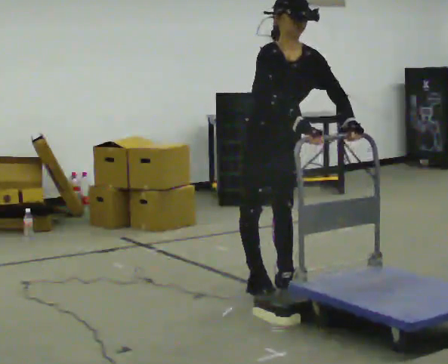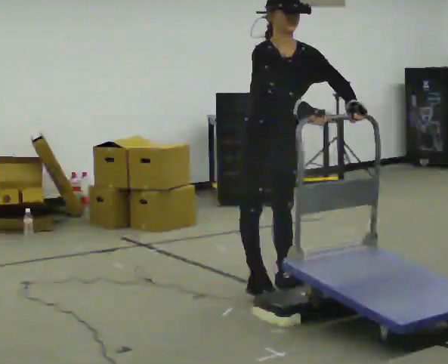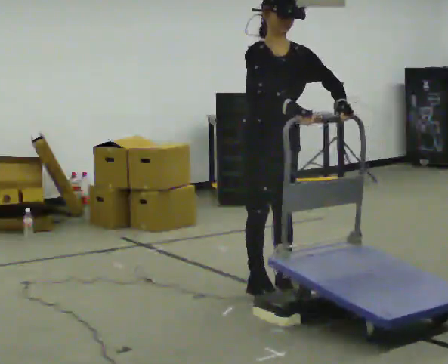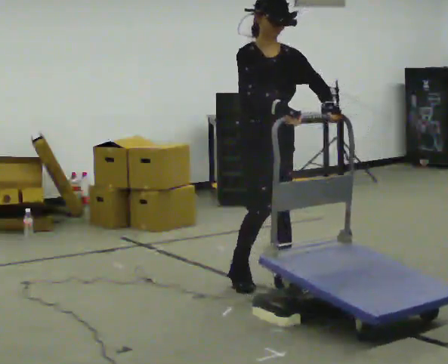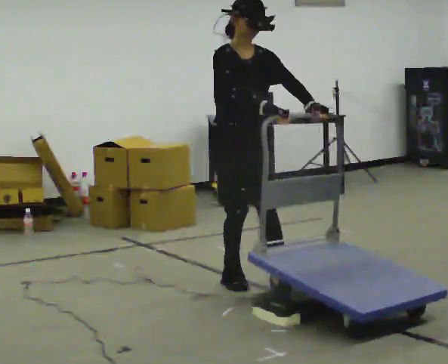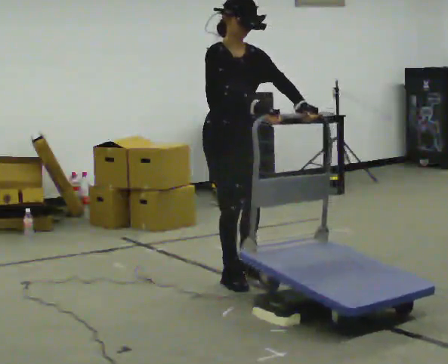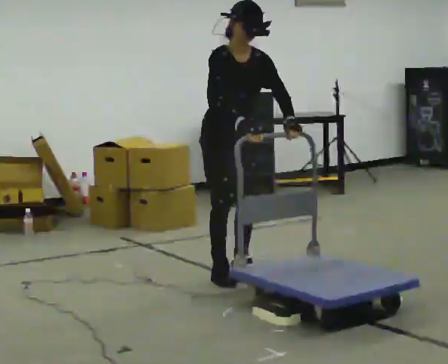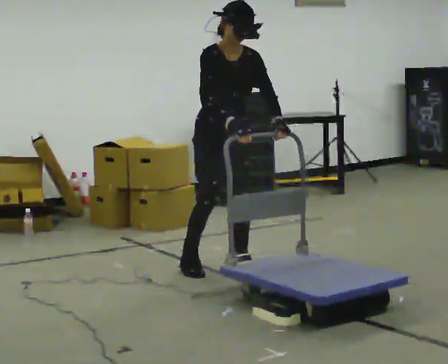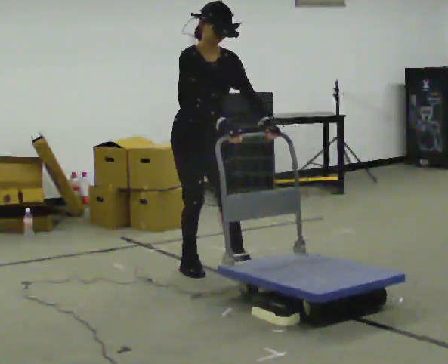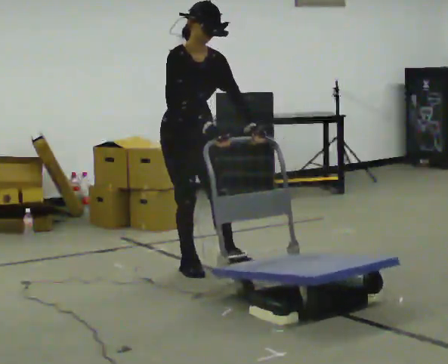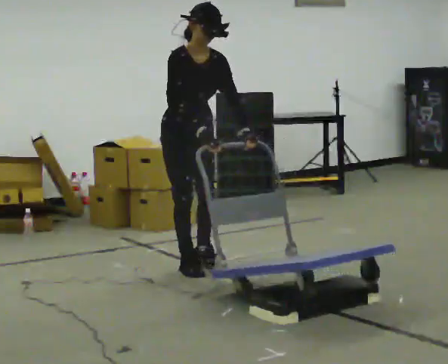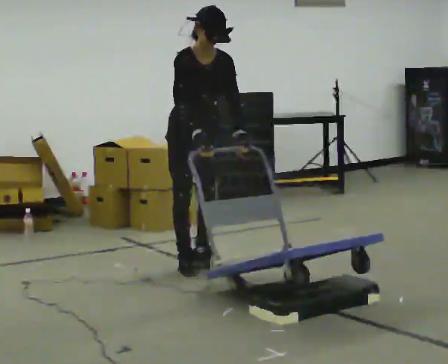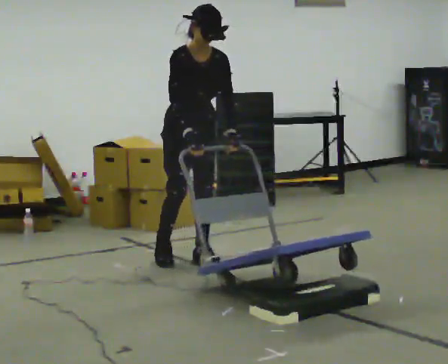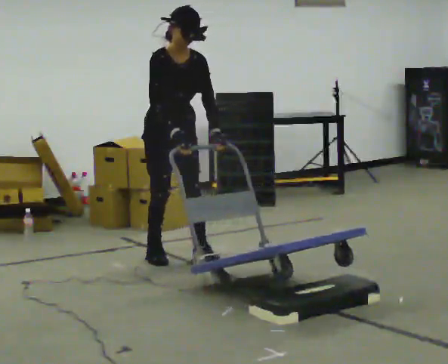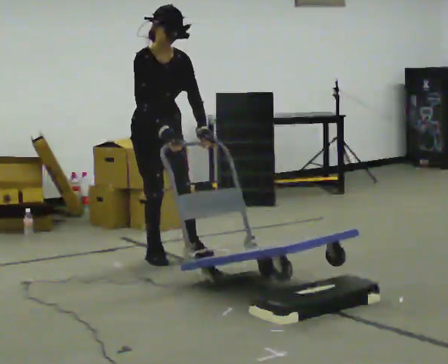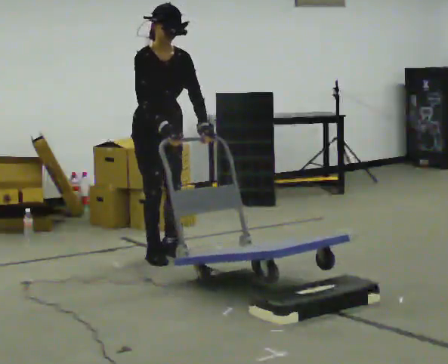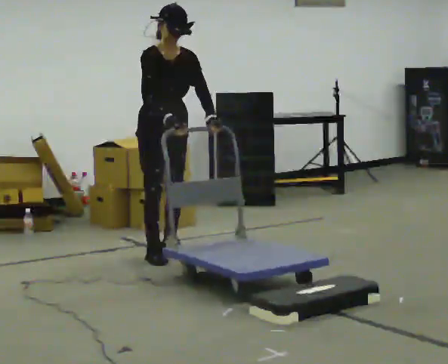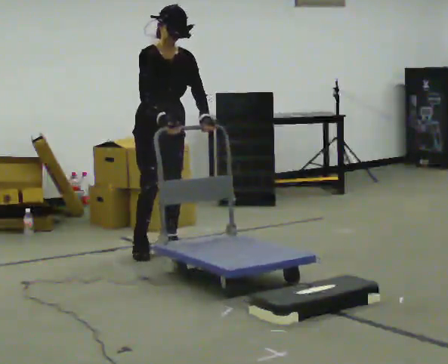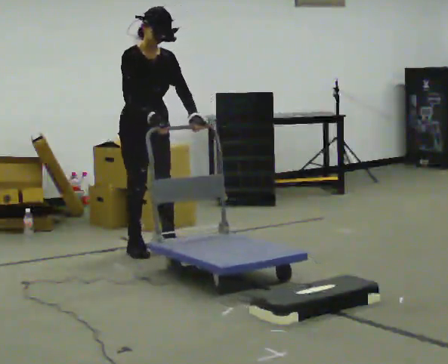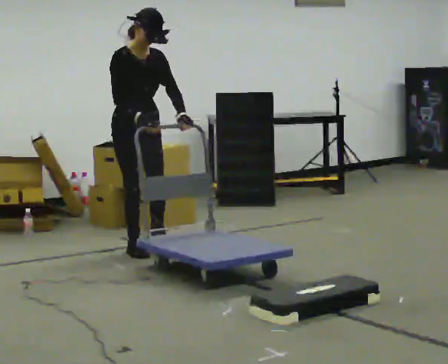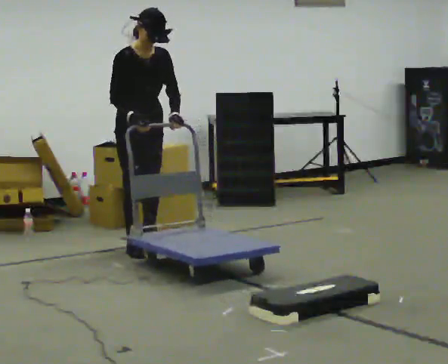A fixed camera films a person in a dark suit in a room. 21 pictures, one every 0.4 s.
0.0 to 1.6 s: In the picture they go to the left, about 0.25 m in 1 step, which for them is backward and to their right.
1.6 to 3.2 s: In the picture they go away from the camera and to the left, about 0.5 m in 2 steps, which for them is backward.
3.2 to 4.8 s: In the picture they go away from the camera, about 0.25 m in 1 step, which for them is backward.
4.8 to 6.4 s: In the picture they go away from the camera and to the left, about 0.25 m in 2 steps, which for them is backward.
6.4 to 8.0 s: In the picture they go away from the camera and to the left, about 0.25 m in 2 steps, which for them is backward.
The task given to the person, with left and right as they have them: Push the cart up over the low platform edge and down the other side, then bring it back over.
The film runs forward here.
